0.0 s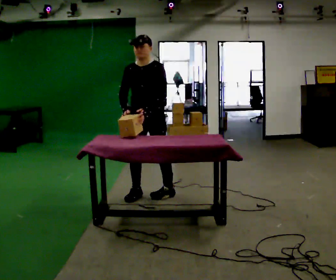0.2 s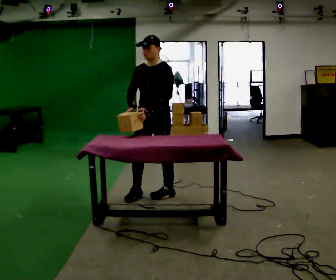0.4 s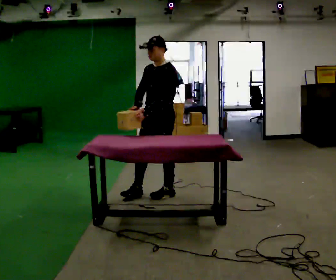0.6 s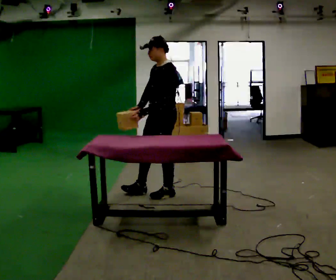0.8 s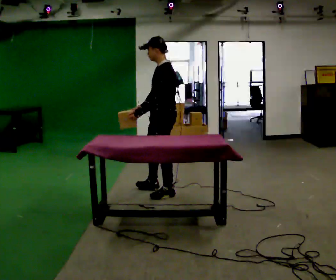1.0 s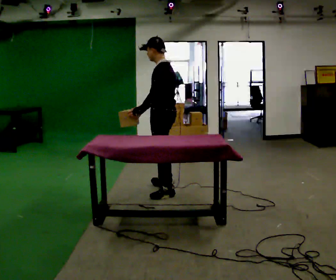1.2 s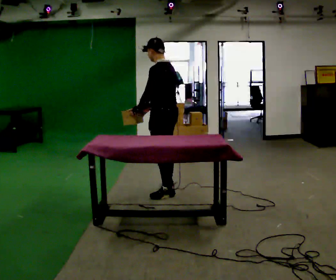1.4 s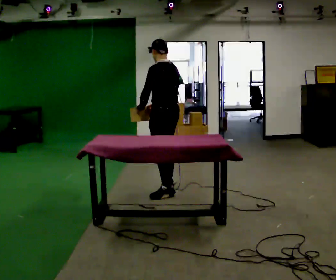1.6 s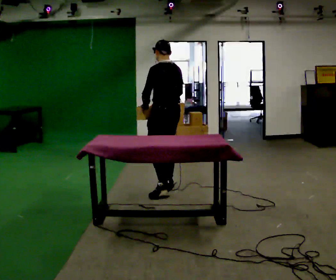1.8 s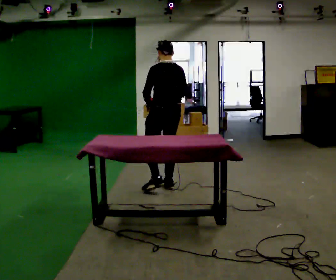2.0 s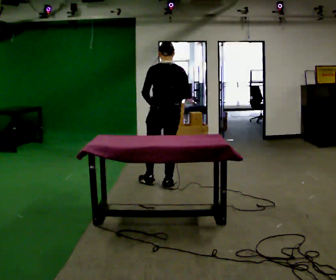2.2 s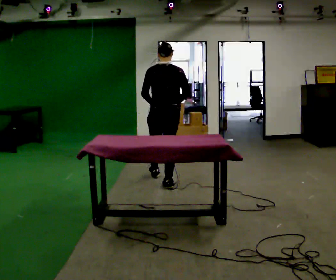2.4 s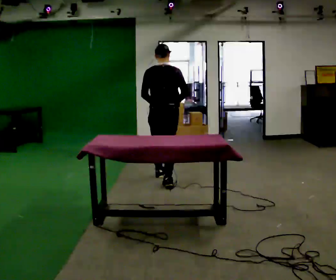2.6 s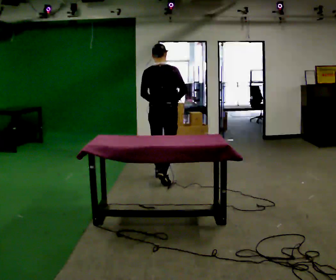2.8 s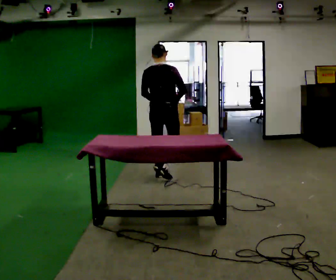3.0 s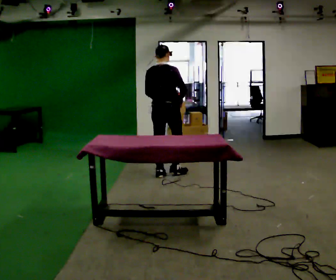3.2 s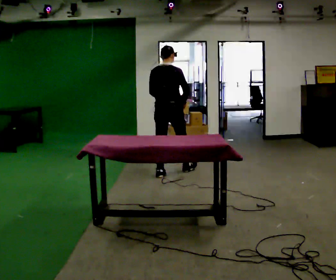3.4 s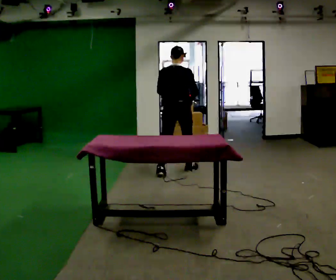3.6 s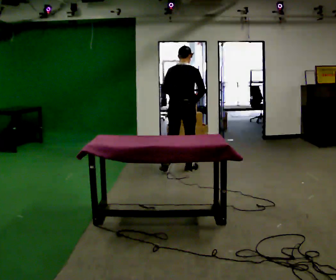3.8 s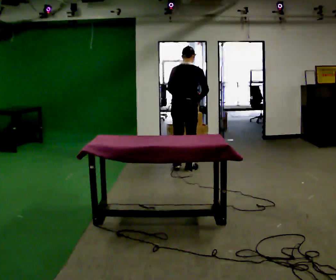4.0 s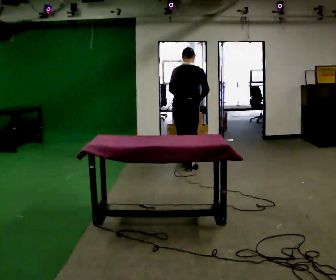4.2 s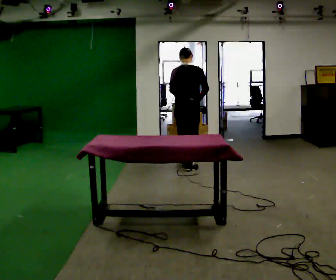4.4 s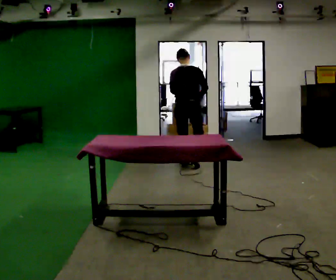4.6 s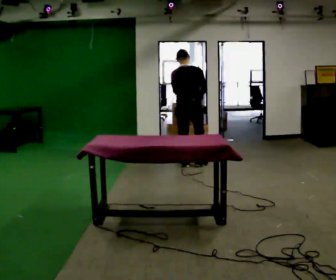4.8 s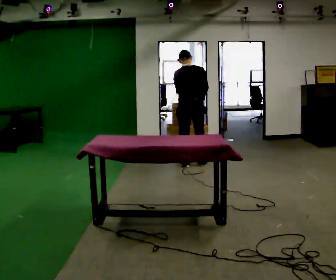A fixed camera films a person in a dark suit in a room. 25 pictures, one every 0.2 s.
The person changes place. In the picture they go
away from the camera.
The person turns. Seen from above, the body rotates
clockwise.
0.0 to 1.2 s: Seen from above the body turns clockwise, about 90 degrees: to their right, with its near side sliding to the left. In the picture they go to the right, about 0.25 m in 1 step.
1.2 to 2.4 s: The person turns about 75 degrees to their right, clockwise seen from above, so the part of the body nearest the lens slides to the left. In the picture they go away from the camera, about 0.5 m in 1 step.
2.4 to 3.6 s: In the picture they go away from the camera and to the right, about 0.5 m in 1 step, which for them is forward.
3.6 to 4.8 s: In the picture they go away from the camera, about 0.25 m in 2 steps, which for them is forward.
The film runs forward here.
